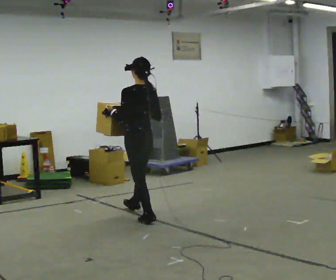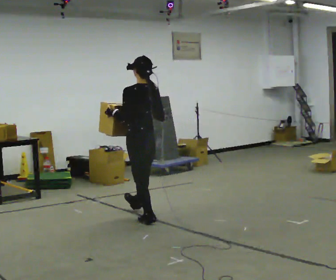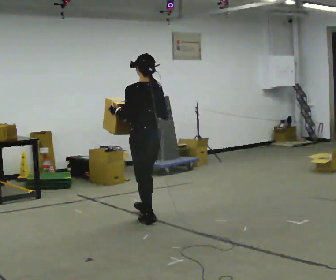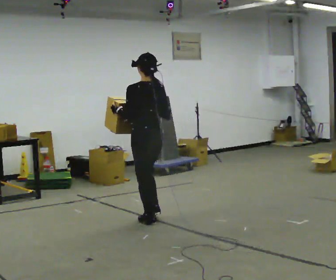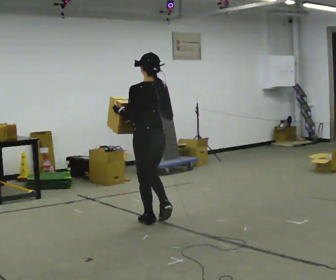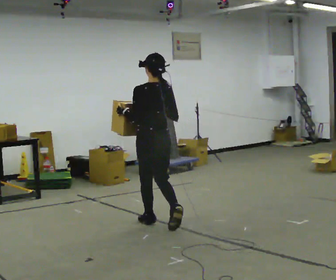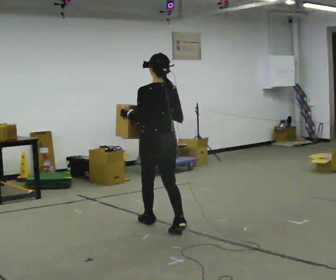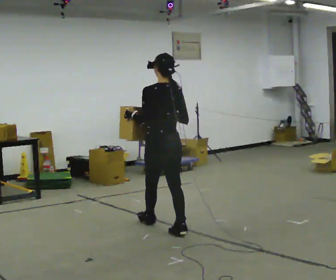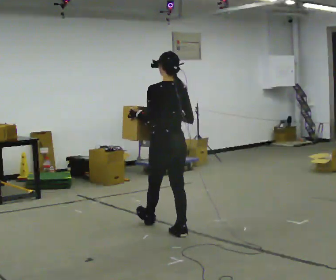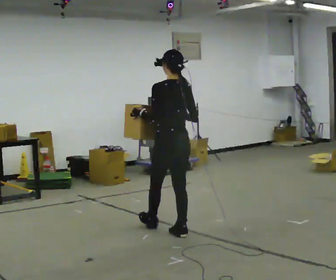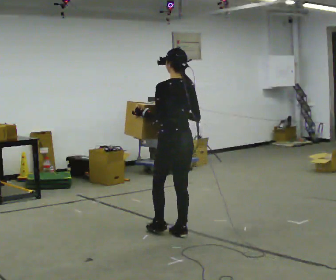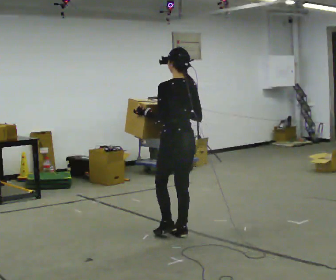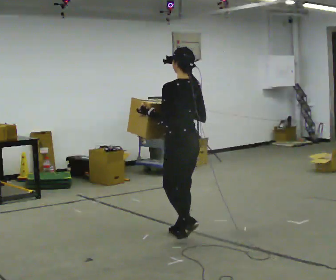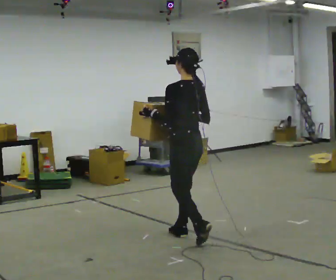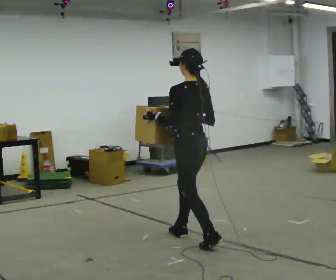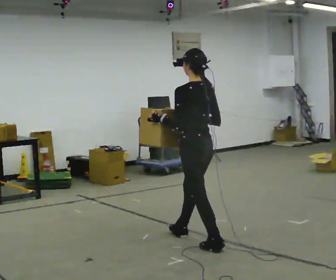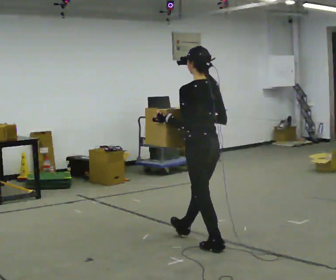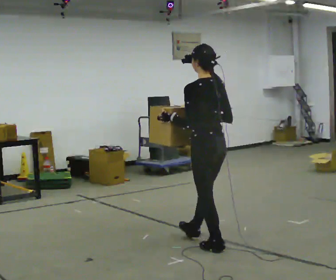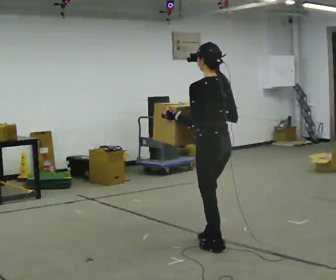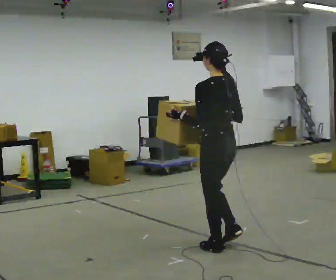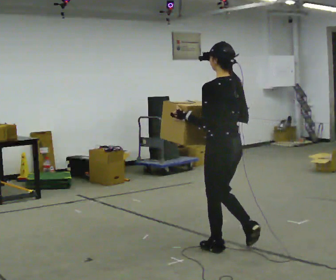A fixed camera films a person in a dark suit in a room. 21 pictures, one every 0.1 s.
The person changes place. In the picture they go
toward the camera.
0.0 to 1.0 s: In the picture they go toward the camera and to the right, about 0.5 m in 2 steps, which for them is backward.
1.0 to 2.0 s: In the picture they go toward the camera and to the right, about 0.75 m in 1 step, which for them is backward.
The film runs backward here.
